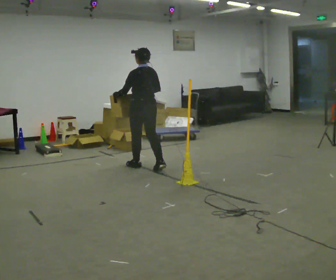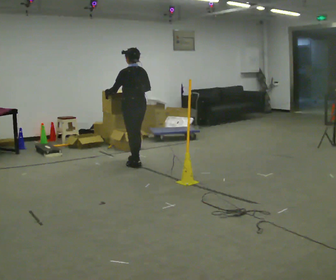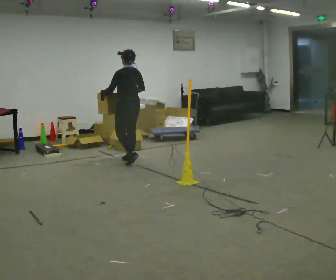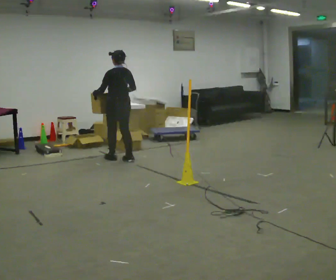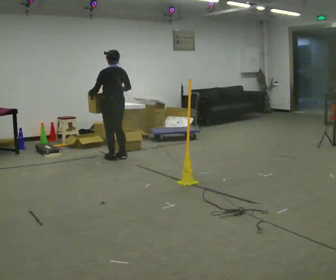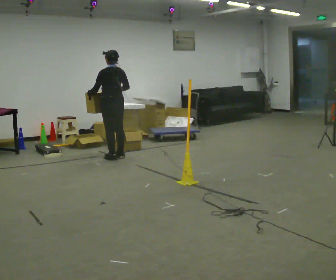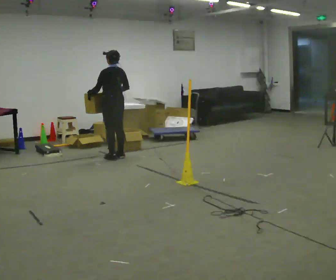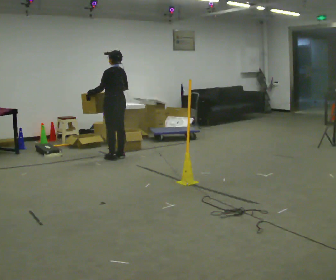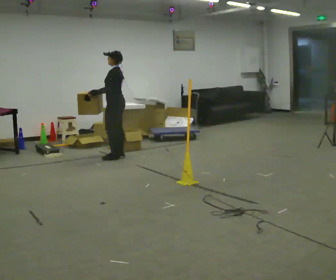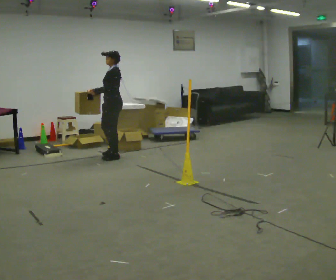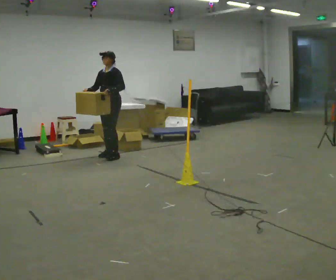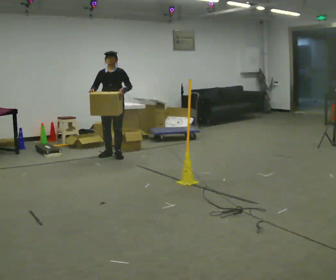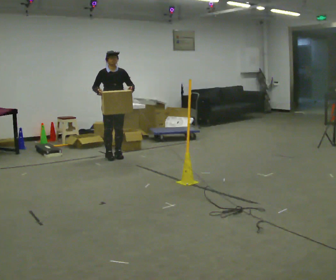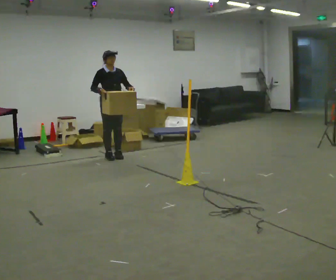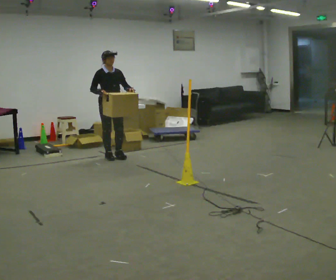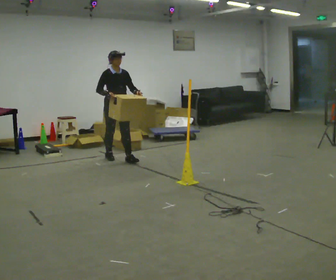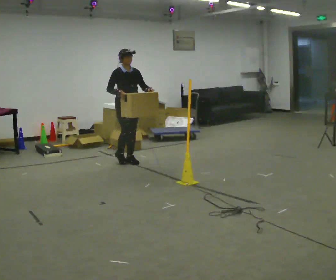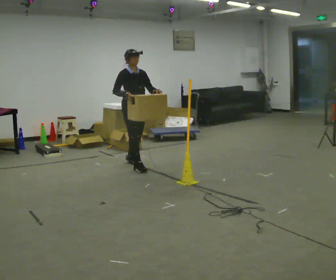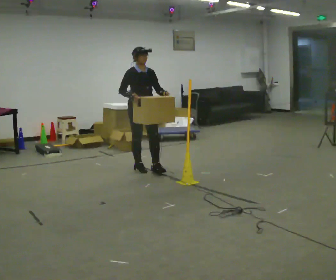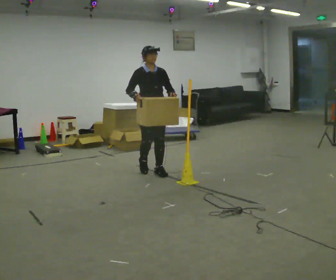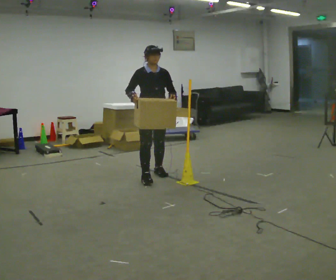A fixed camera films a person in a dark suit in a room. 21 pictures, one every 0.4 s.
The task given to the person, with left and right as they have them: Carry the box across the room. The operator will step into your path partway across, so go around them and carry on. Keep going until the operator says stop; one object at a time, and do not rush between trips.
0.0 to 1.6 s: In the picture they go away from the camera and to the left, about 0.75 m in 2 steps, which for them is forward.
1.6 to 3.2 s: The person turns about 45 degrees to their left, counterclockwise seen from above, so the part of the body nearest the lens slides to the right.
3.2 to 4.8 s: The person turns about 120 degrees to their left, counterclockwise seen from above, so the part of the body nearest the lens slides to the right. In the picture their left hand goes to the right.
4.8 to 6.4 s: In the picture they go toward the camera and to the right, about 0.5 m in 1 step, which for them is forward.
6.4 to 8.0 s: In the picture they go toward the camera, about 1 m in 3 steps, which for them is forward.
The film runs forward here.
